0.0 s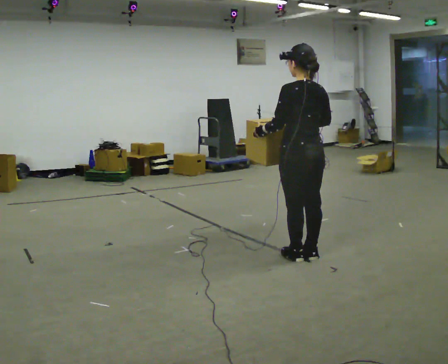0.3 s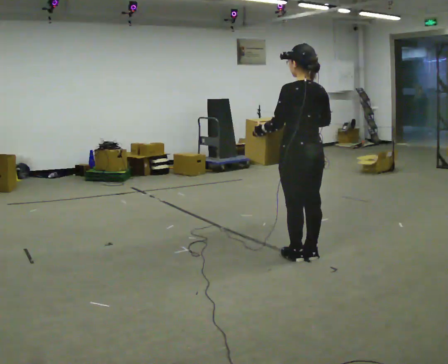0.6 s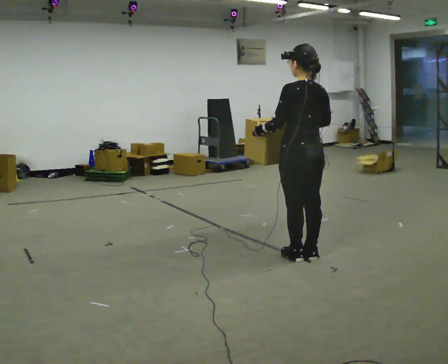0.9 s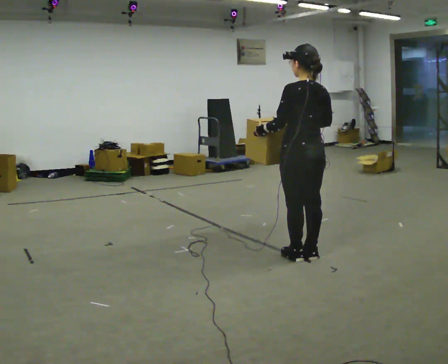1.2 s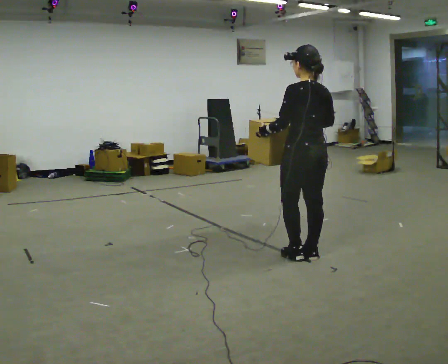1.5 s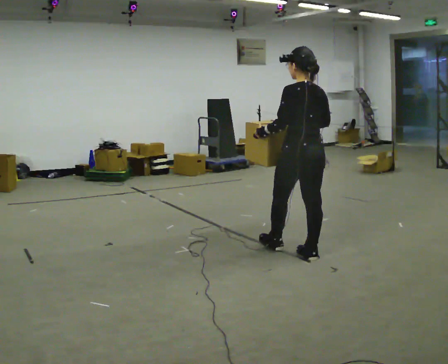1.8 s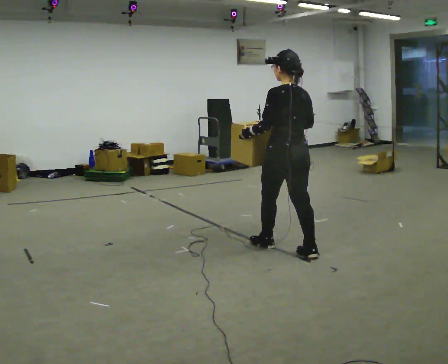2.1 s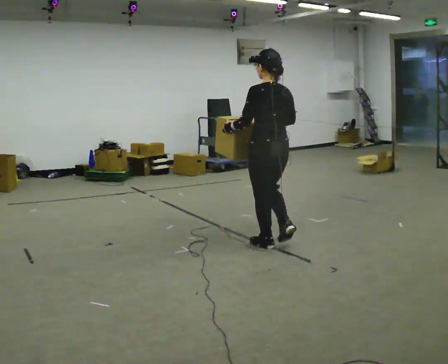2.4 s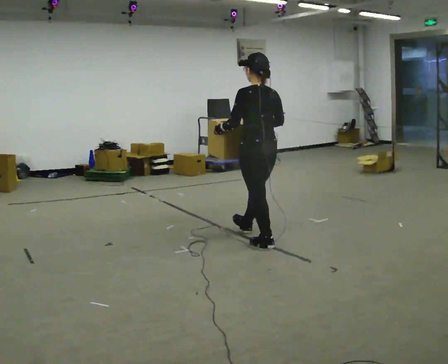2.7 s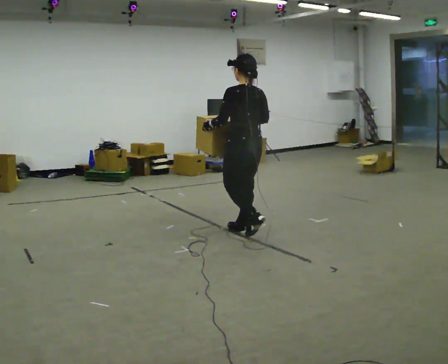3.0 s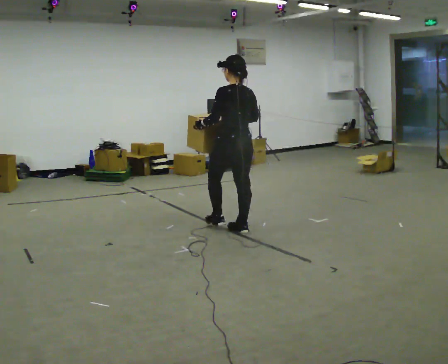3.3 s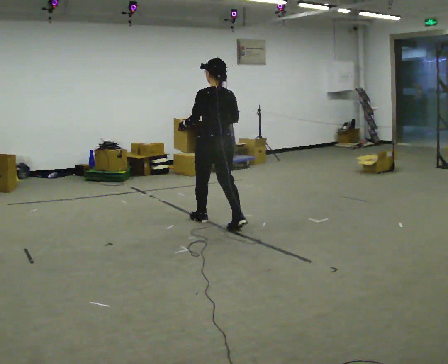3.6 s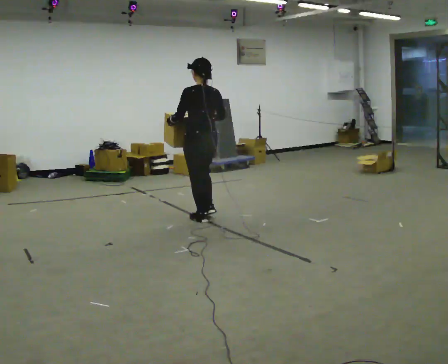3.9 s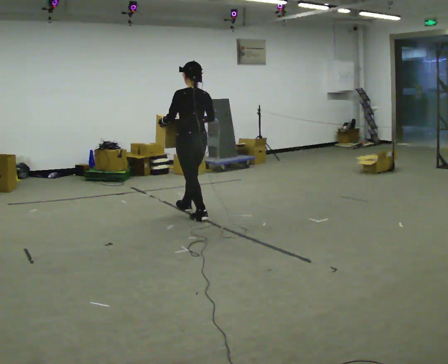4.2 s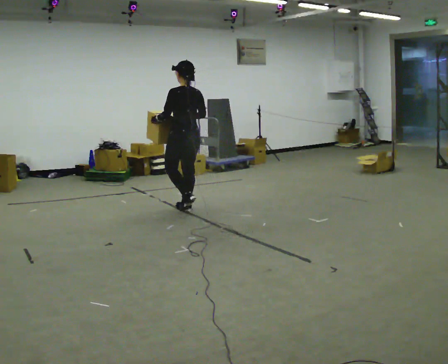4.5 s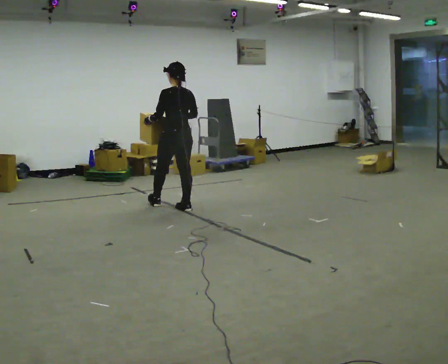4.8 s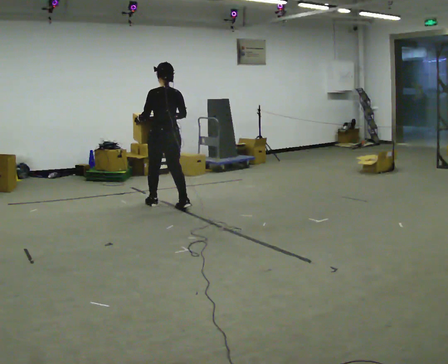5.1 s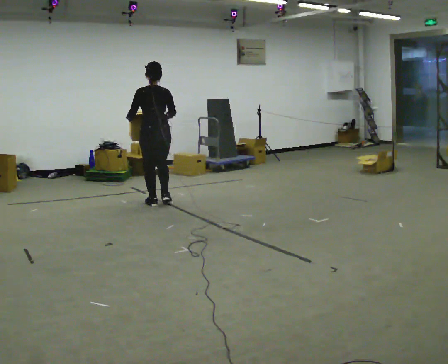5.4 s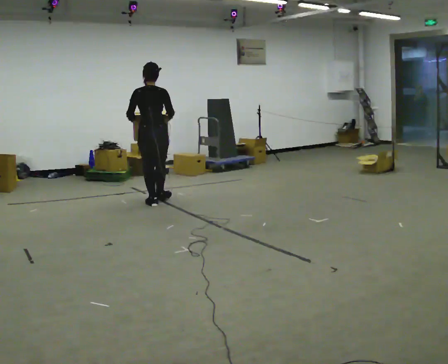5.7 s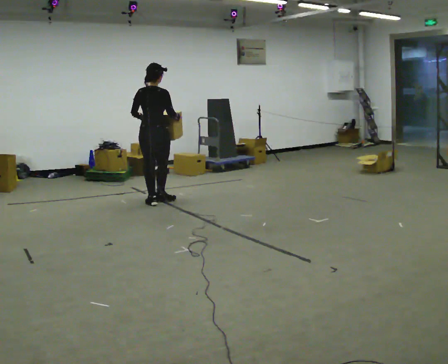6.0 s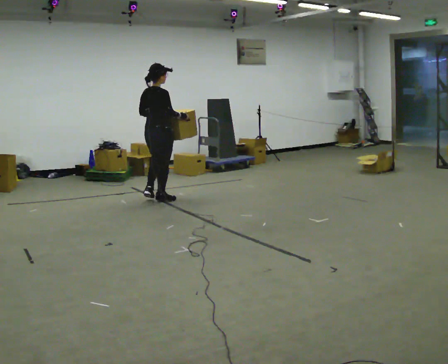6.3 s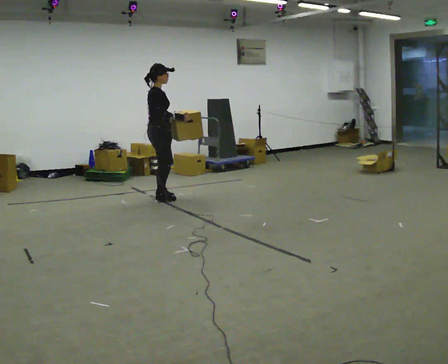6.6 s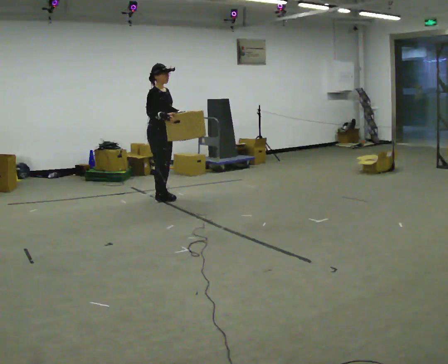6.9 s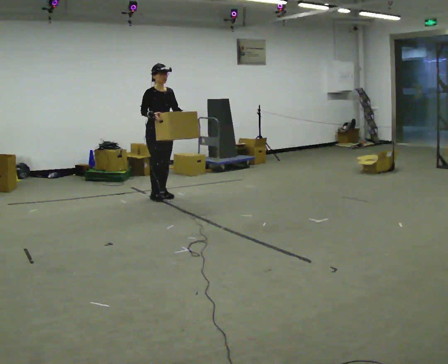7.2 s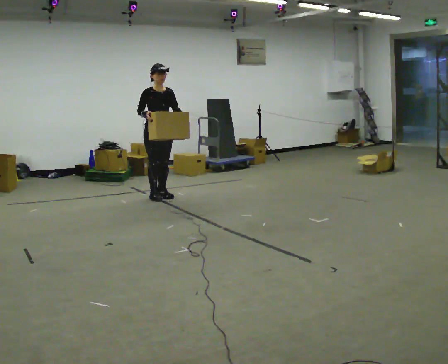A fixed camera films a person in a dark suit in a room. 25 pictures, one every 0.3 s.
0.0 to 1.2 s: The person moves a little, or ends about where they began.
1.2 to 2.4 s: In the picture they go away from the camera and to the left, about 0.5 m in 1 step, which for them is forward.
2.4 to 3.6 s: In the picture they go away from the camera and to the left, about 1 m in 2 steps, which for them is forward.
3.6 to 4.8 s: In the picture they go away from the camera and to the left, about 0.5 m in 2 steps, which for them is forward.
4.8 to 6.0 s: The person turns about 75 degrees to their right, clockwise seen from above, so the part of the body nearest the lens slides to the left. In the picture they go away from the camera and to the left, about 0.25 m in 1 step.
6.0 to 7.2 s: The person turns about 120 degrees to their right, clockwise seen from above, so the part of the body nearest the lens slides to the left. In the picture they go away from the camera, about 0.25 m in 2 steps.
The film runs forward here.
